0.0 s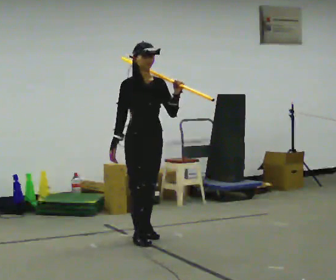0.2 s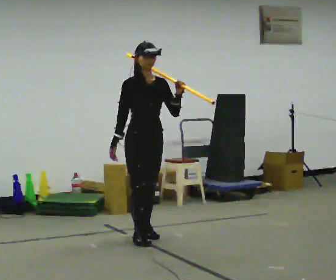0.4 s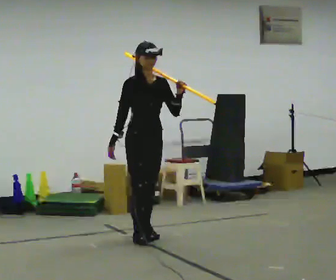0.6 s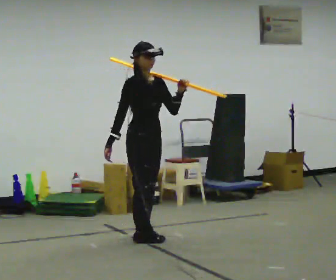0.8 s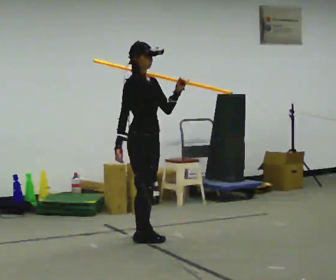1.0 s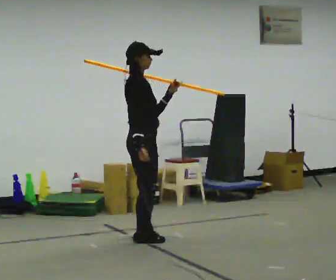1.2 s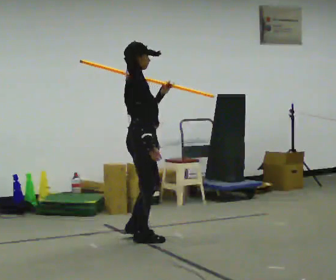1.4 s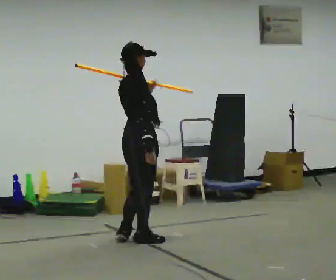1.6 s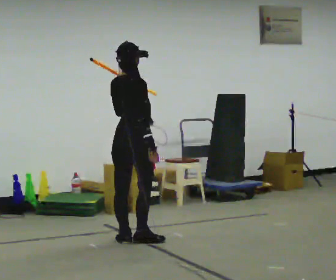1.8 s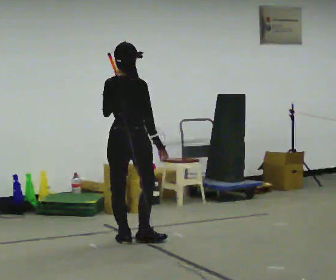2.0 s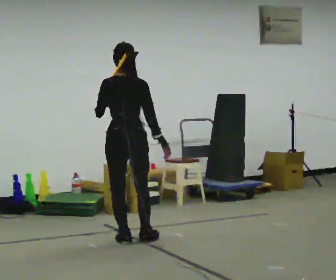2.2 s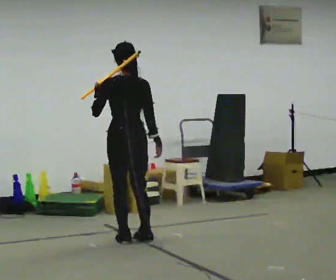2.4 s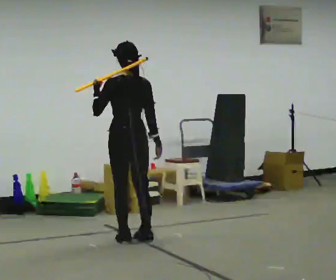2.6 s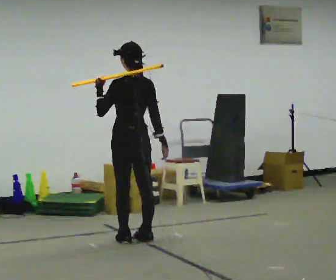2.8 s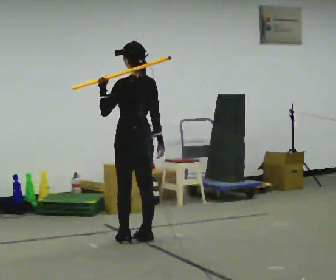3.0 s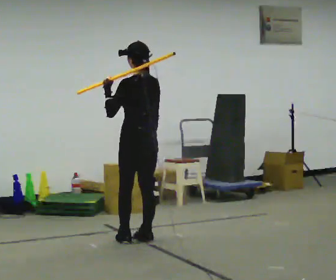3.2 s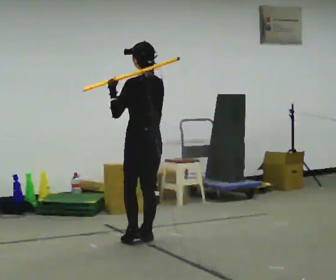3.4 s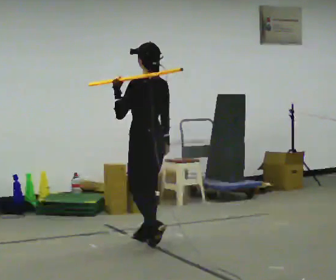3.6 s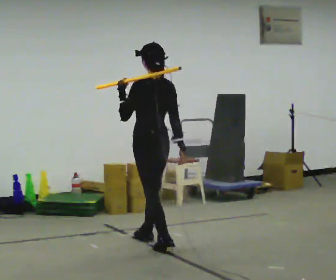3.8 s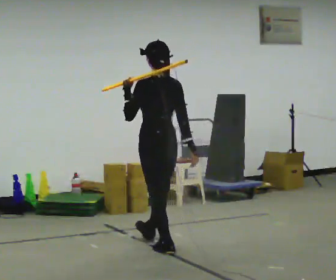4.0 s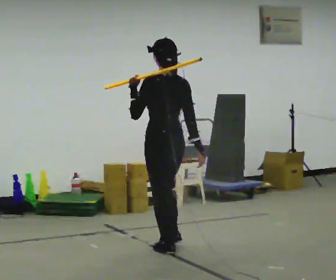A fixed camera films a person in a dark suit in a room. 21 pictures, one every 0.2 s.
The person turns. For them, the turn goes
to their left.
The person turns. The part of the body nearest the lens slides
to the right.
0.0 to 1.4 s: The person turns about 75 degrees to their left, counterclockwise seen from above, so the part of the body nearest the lens slides to the right.
1.4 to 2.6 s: Seen from above the body turns counterclockwise, about 105 degrees: to their left, with its near side sliding to the right. In the picture their left hand goes to the left.
2.6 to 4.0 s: In the picture they go toward the camera and to the right, about 0.5 m in 2 steps, which for them is backward.
The film runs backward here.
